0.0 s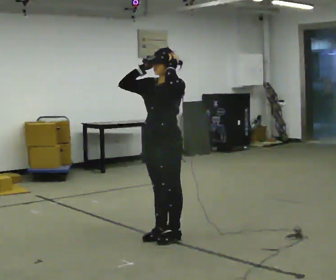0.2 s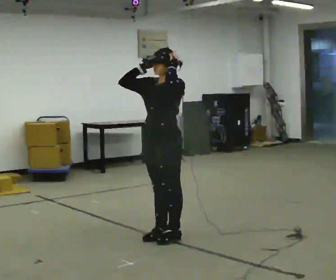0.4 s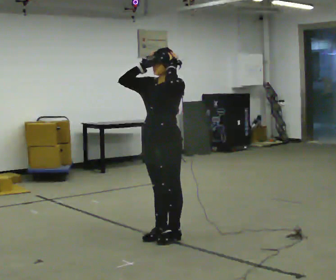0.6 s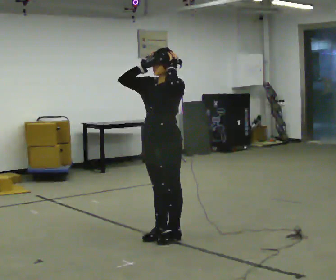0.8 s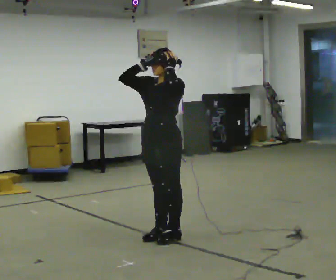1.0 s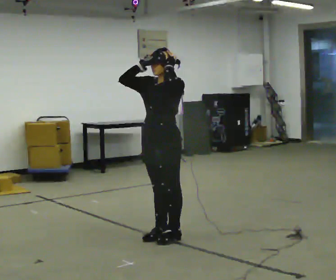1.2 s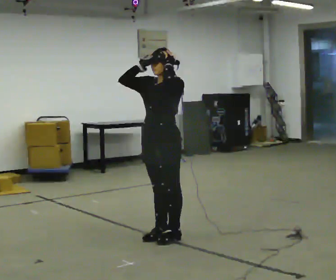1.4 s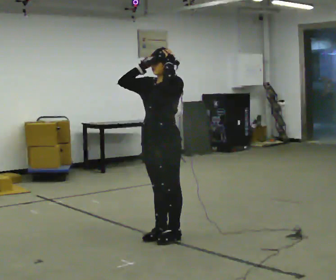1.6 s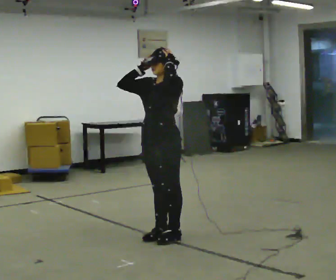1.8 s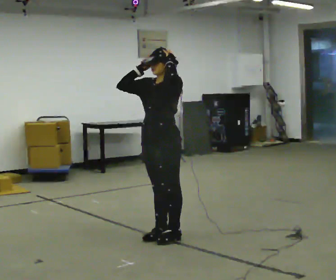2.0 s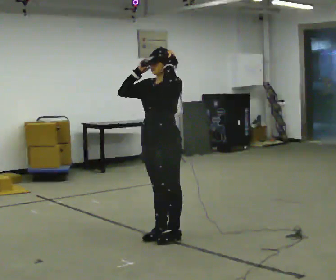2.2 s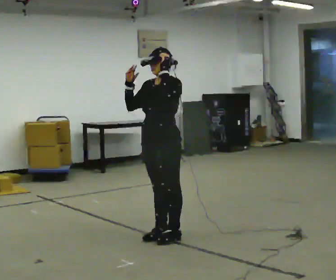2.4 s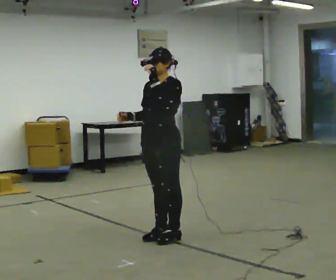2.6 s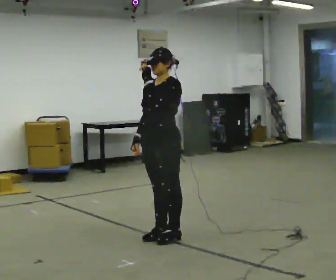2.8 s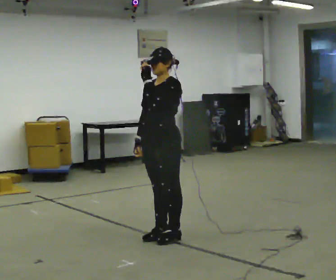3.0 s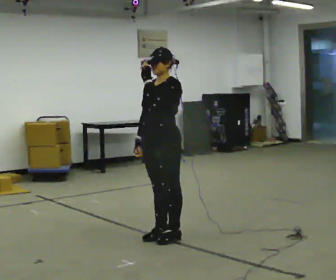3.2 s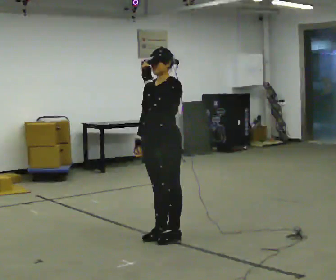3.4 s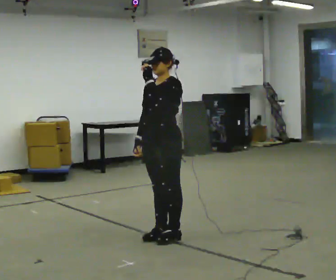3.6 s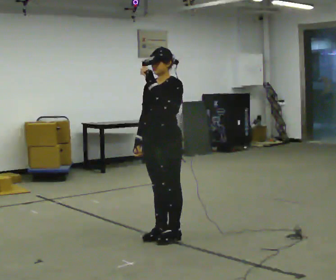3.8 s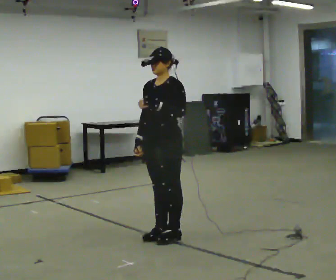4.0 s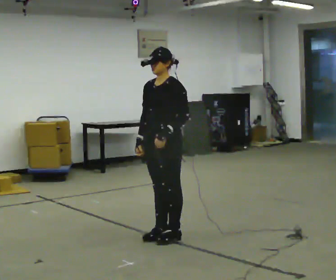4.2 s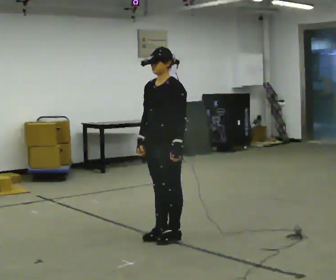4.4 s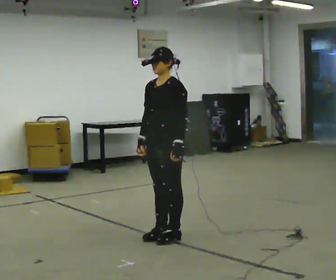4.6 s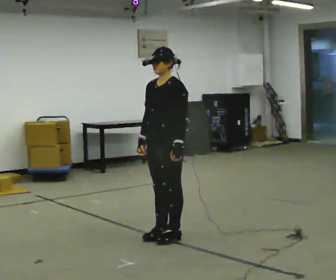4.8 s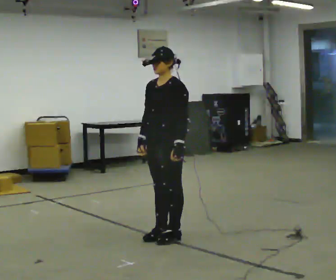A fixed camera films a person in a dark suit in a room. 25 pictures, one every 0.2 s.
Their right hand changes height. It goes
downward.
Their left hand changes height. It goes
downward.
0.0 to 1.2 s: The person moves a little, or ends about where they began.
1.2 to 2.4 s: In the picture their right hand goes downward.
2.4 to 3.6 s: The person moves a little, or ends about where they began.
3.6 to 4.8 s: In the picture their left hand goes downward.
The film runs backward here.
